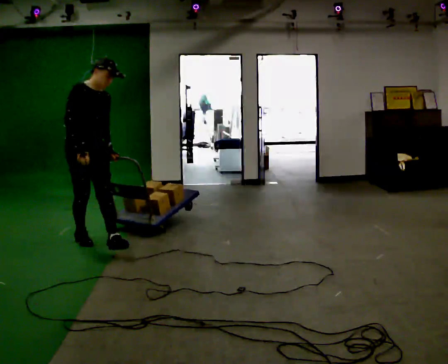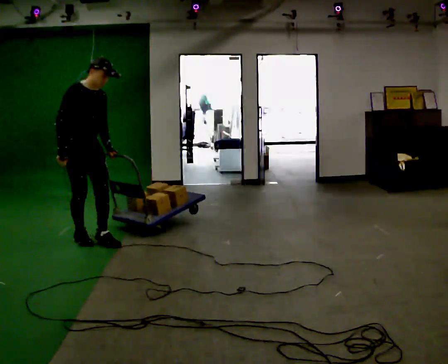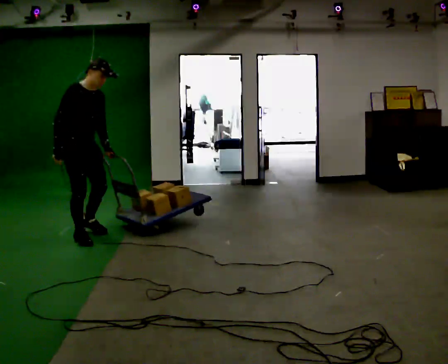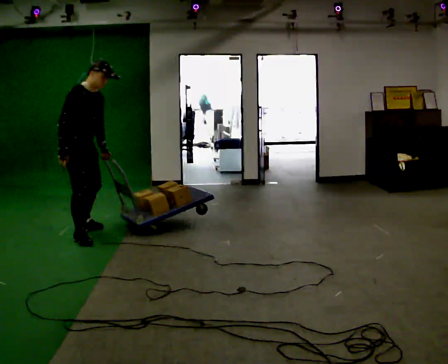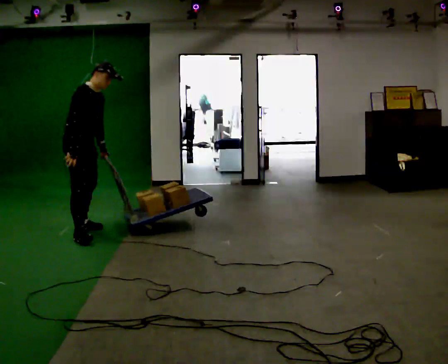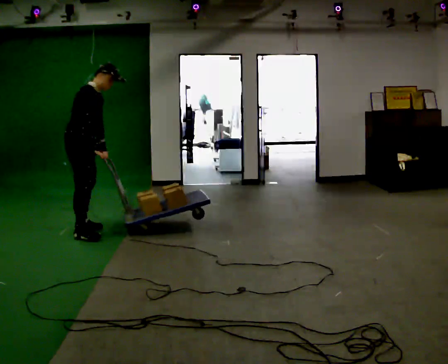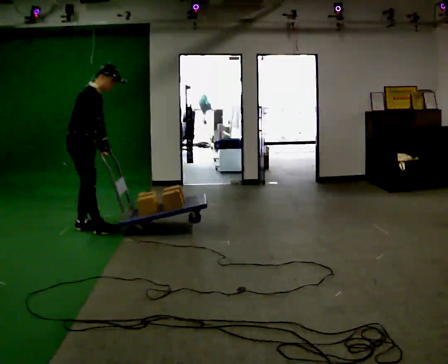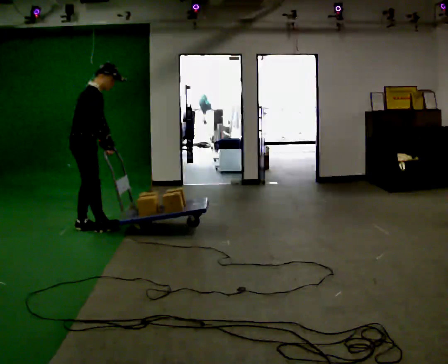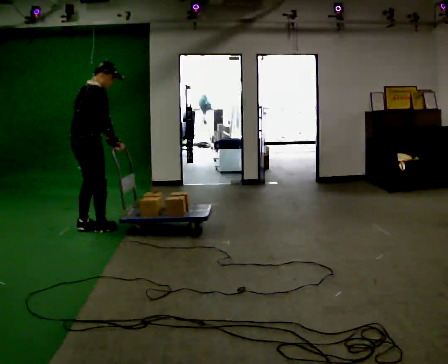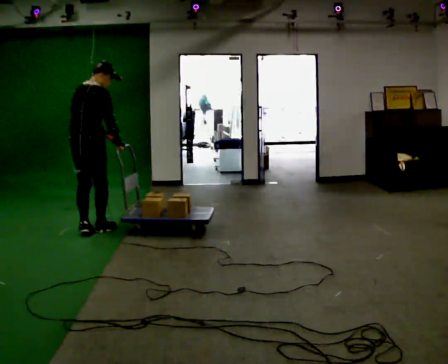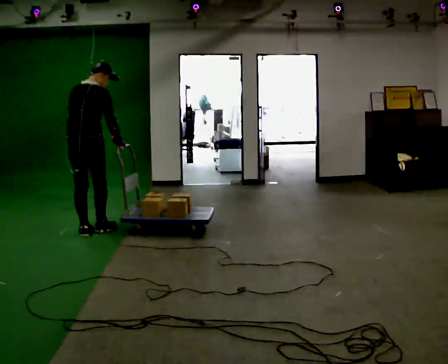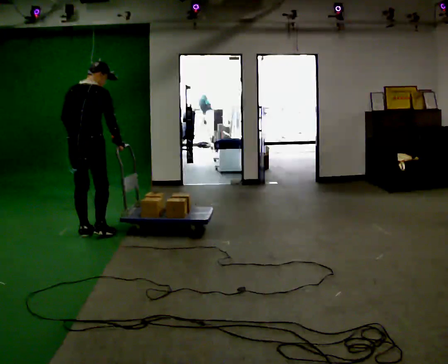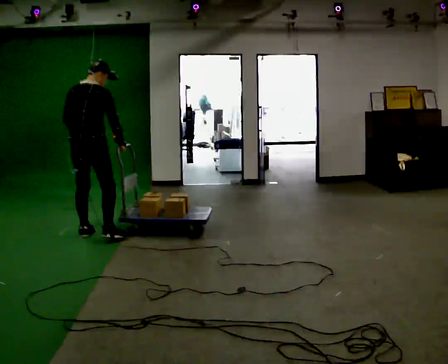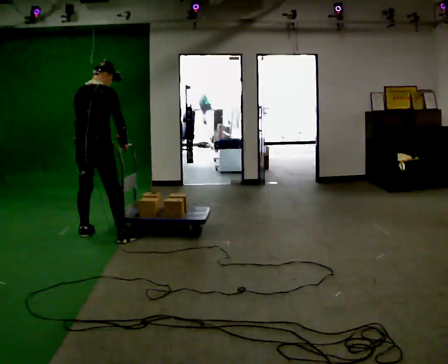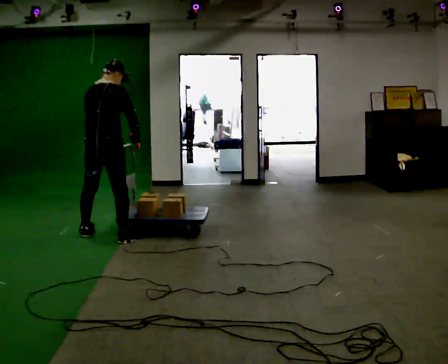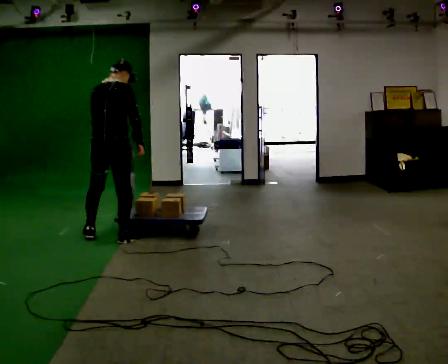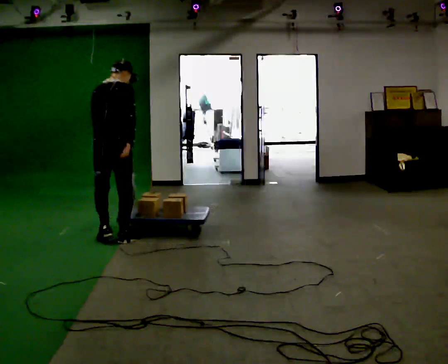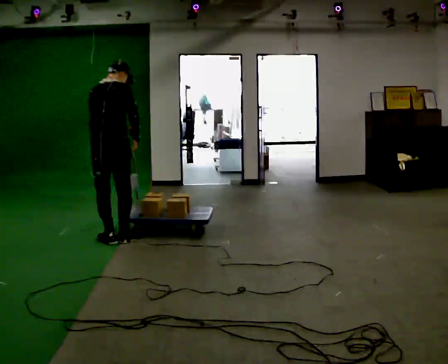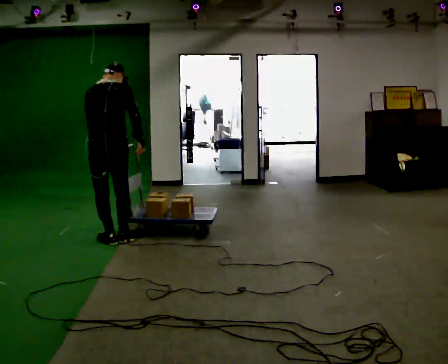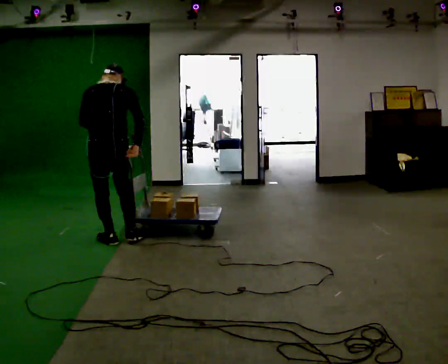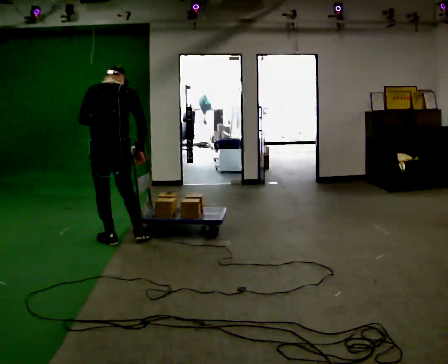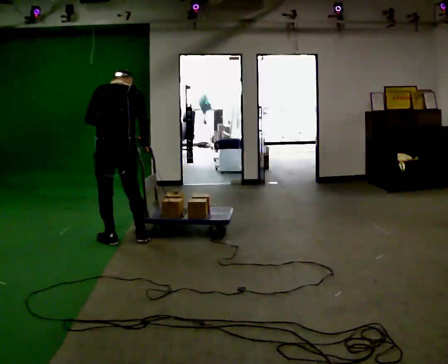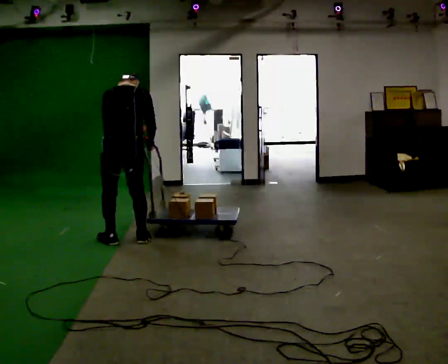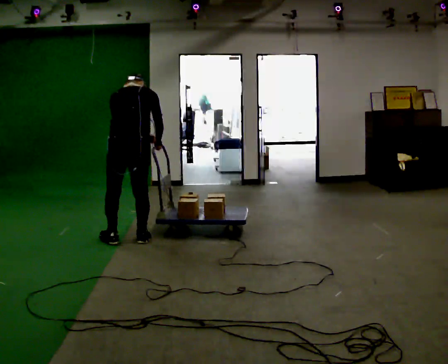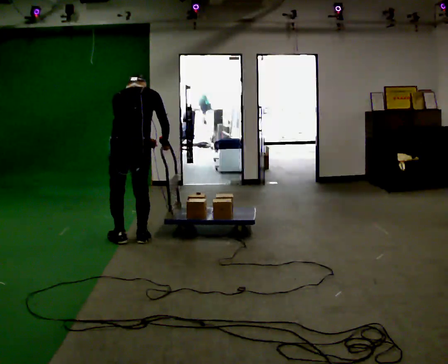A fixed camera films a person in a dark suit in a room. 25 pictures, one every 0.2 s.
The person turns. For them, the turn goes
to their left.
The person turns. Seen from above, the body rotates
counterclockwise.
0.0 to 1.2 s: The part of the body nearest the lens slides to the right as the person turns to their left by about 60 degrees. In the picture they go away from the camera, about 0.5 m in 1 step, which for them is backward and to their left. In the picture the upper body tilts clockwise, shoulders to the right, as they bend forward.
1.2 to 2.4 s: Seen from above the body turns counterclockwise, about 75 degrees: to their left, with its near side sliding to the right. In the picture they go toward the camera, about 0.25 m in 2 steps. In the picture the upper body tilts counterclockwise, shoulders to the left.
2.4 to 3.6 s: In the picture they go toward the camera and to the right, about 0.25 m in 1 step, which for them is to their right.
3.6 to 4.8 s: In the picture they go to the right, about 0.25 m in 1 step, which for them is to their right. The upper body tips away from the camera, its near side rolling upward, as they bend forward.
The film runs backward here.
